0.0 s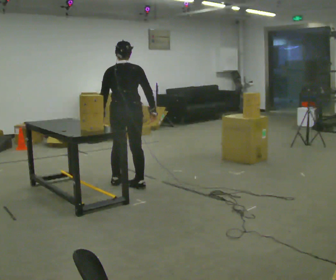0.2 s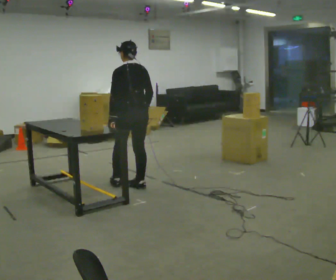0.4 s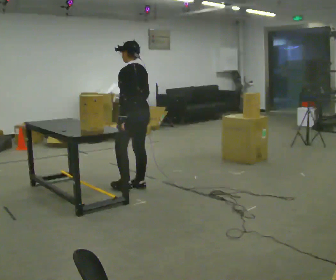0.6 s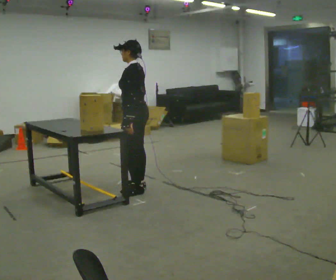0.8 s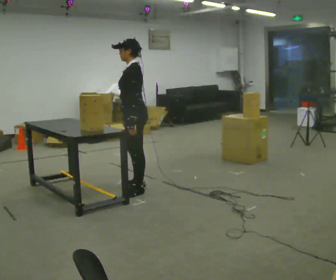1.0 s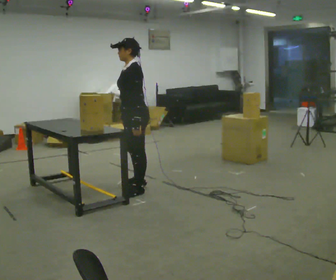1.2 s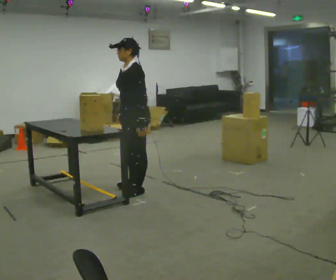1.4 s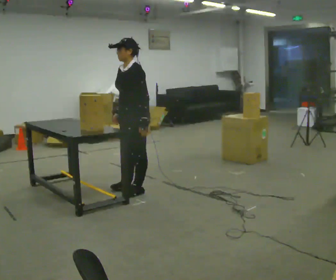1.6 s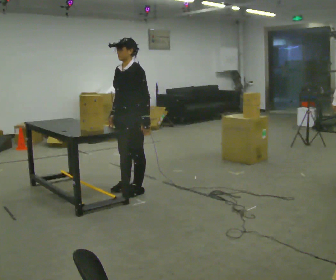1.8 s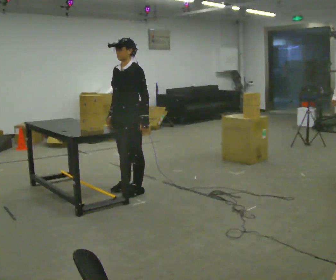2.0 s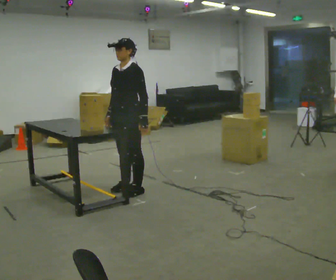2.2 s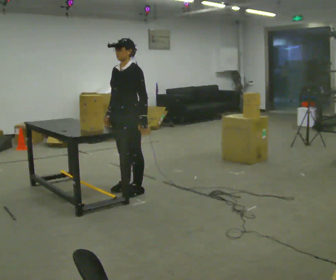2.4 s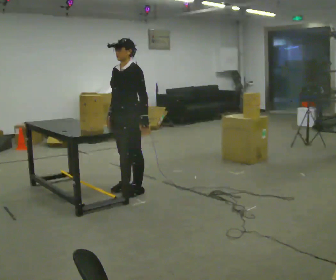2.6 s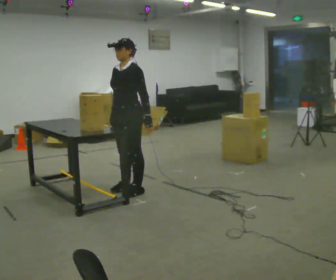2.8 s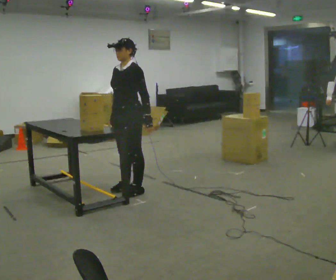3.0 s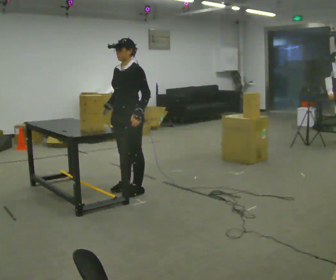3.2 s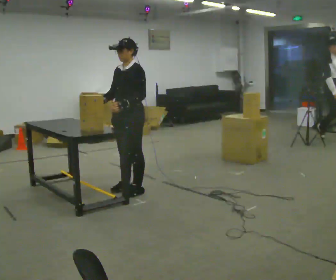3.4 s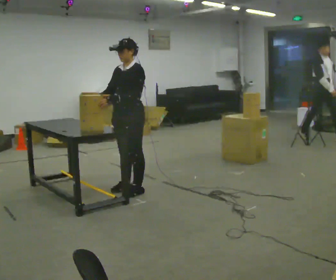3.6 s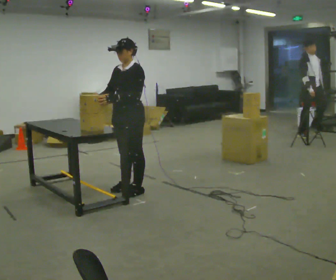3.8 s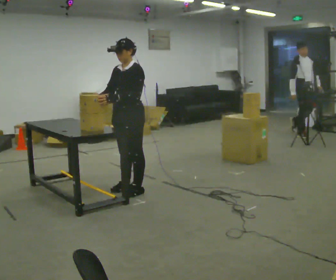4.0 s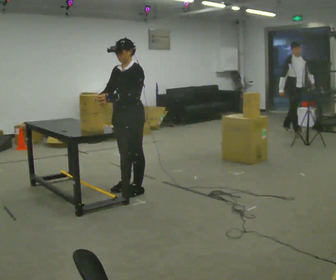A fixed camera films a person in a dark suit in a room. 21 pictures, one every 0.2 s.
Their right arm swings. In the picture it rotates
clockwise.
The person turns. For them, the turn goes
to their left.
0.0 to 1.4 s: The person turns about 120 degrees to their left, counterclockwise seen from above, so the part of the body nearest the lens slides to the right. In the picture they go toward the camera, about 0.25 m in 1 step.
1.4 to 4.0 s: The person moves a little, or ends about where they began.
The film runs backward here.
